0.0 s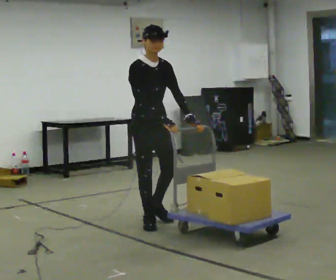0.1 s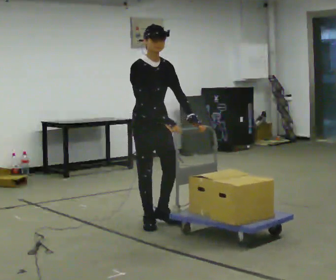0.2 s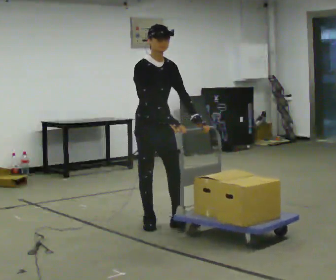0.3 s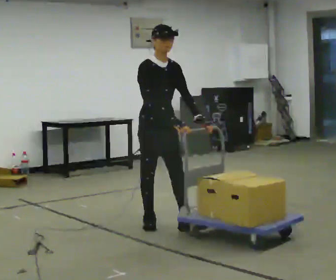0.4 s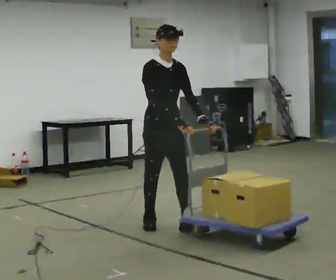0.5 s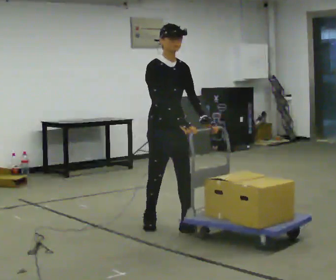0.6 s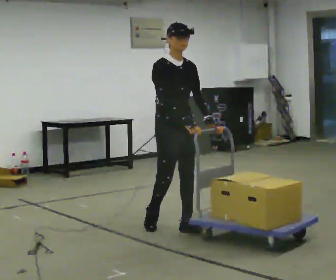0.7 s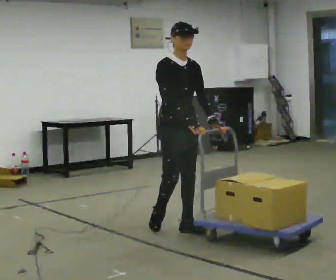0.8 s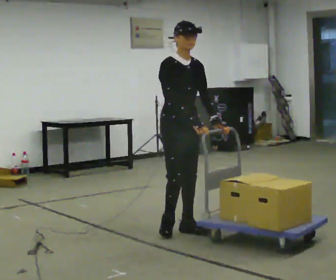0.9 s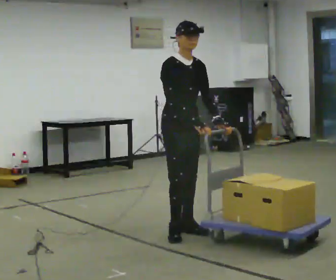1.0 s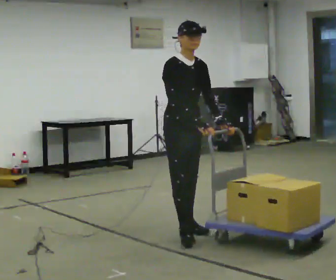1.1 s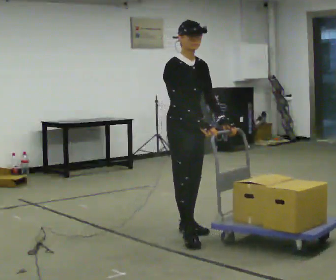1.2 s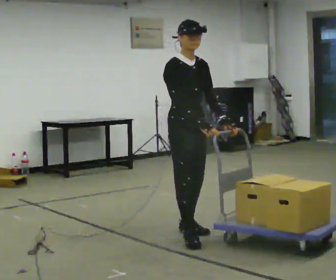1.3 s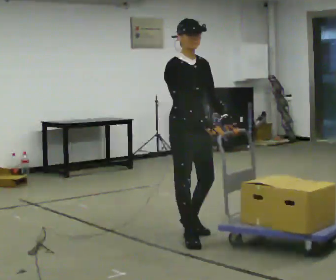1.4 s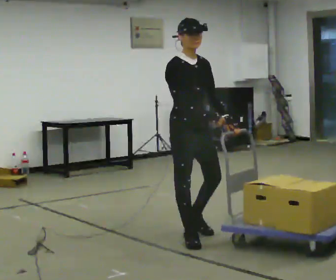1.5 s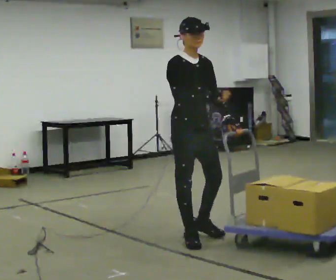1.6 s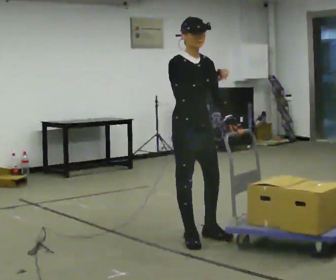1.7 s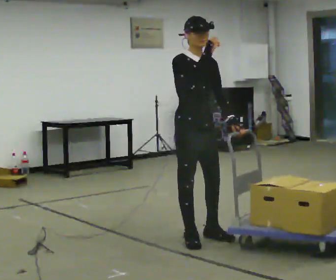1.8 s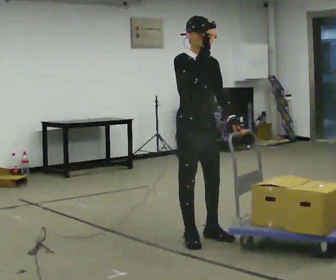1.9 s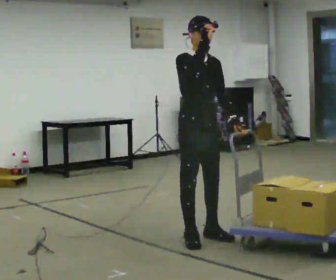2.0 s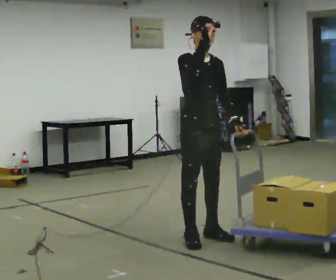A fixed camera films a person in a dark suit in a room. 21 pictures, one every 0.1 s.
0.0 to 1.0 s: In the picture they go toward the camera and to the right, about 0.5 m in 1 step, which for them is forward.
1.0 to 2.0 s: In the picture they go toward the camera, about 0.25 m in 2 steps, which for them is forward. In the picture their right hand goes upward.
The film runs forward here.
